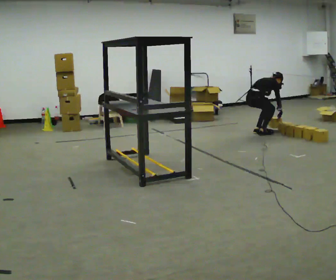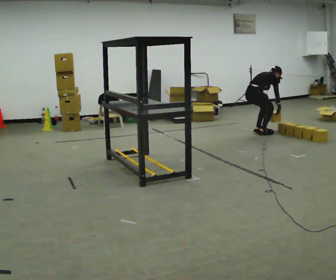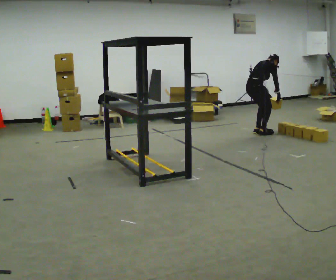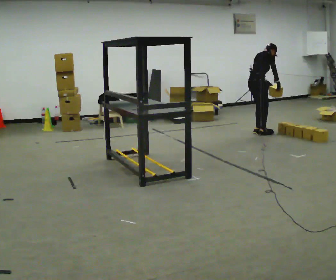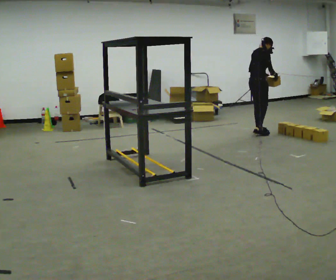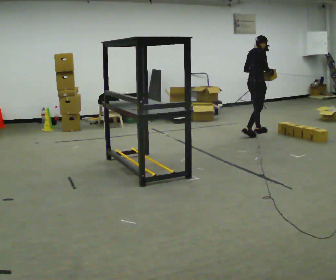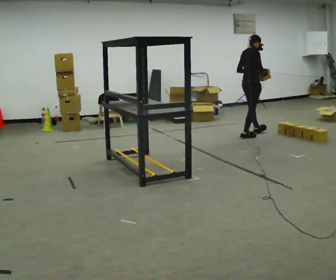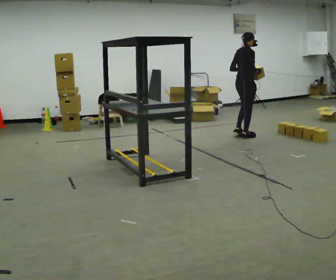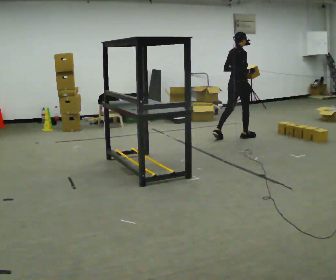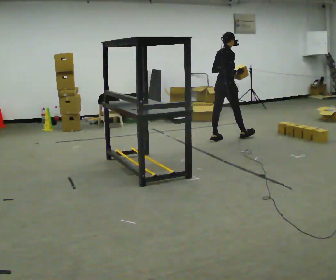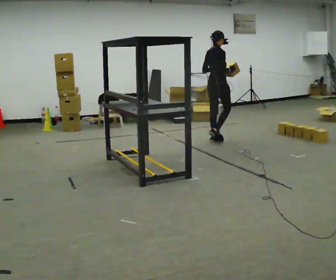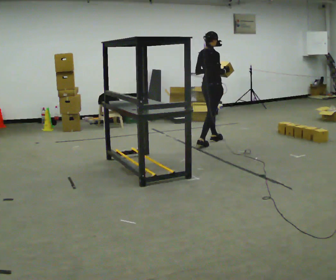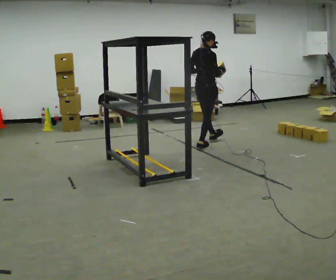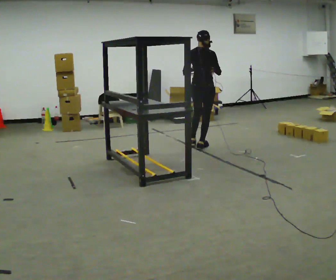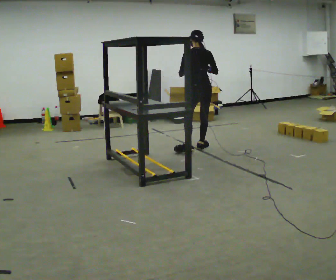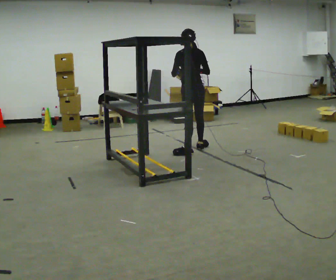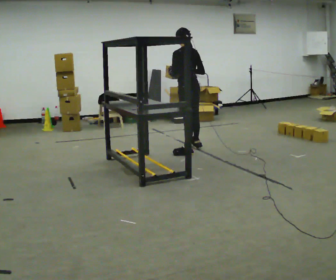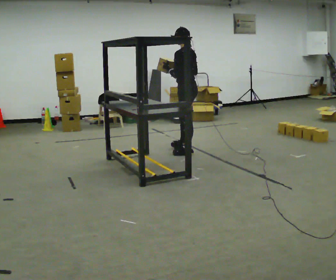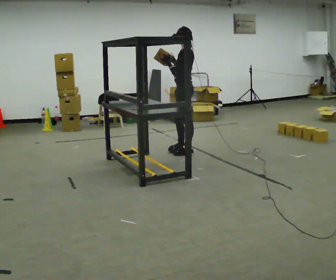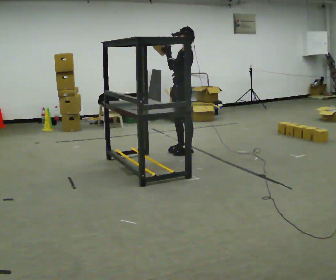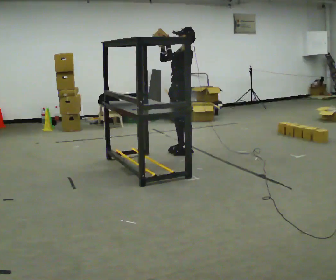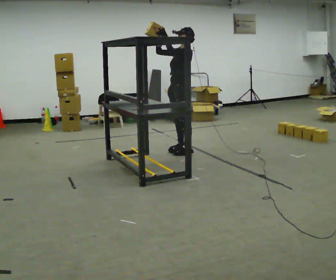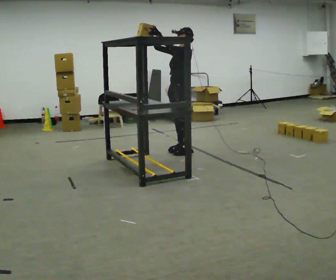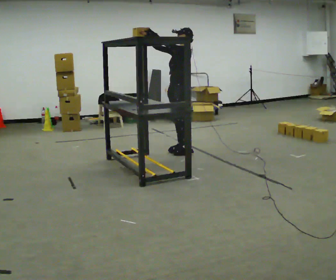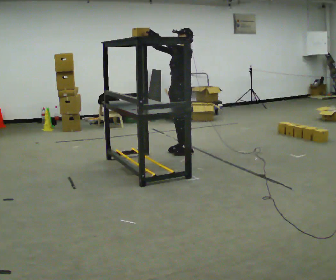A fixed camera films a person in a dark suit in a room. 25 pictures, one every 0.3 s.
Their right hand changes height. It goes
upward.
The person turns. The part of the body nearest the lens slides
to the right.
0.0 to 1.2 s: The shoulders move upward. In the picture the upper body tilts counterclockwise, shoulders to the left, as they lean back or straighten. In the picture their left hand goes upward.
1.2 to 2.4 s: In the picture they go to the left and toward the camera, about 0.5 m in 1 step, which for them is backward and to their right.
2.4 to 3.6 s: In the picture they go to the left and toward the camera, about 0.75 m in 1 step, which for them is backward.
3.6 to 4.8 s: The person turns about 75 degrees to their left, counterclockwise seen from above, so the part of the body nearest the lens slides to the right. In the picture they go toward the camera, about 0.5 m in 2 steps.
4.8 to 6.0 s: The part of the body nearest the lens slides to the right as the person turns to their left by about 60 degrees. In the picture their right hand goes to the left and upward.
6.0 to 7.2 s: The person moves a little, or ends about where they began.
The film runs backward here.
